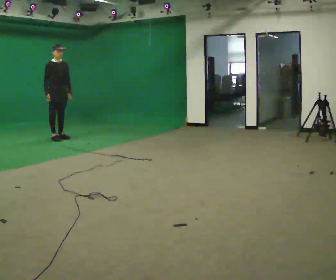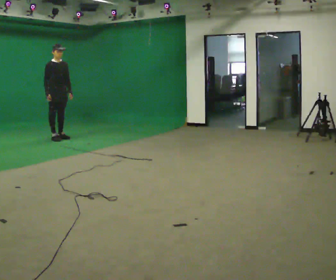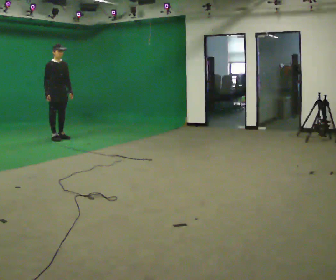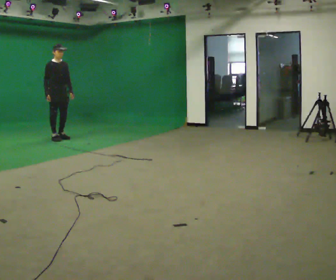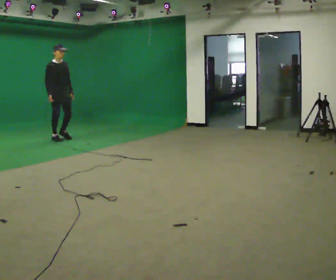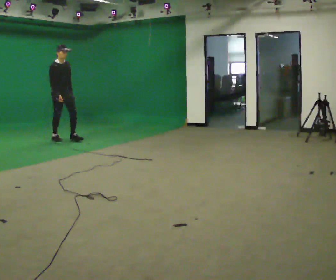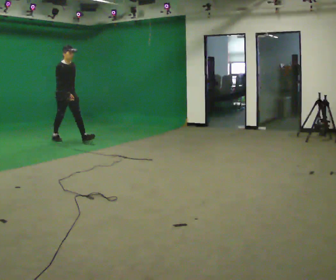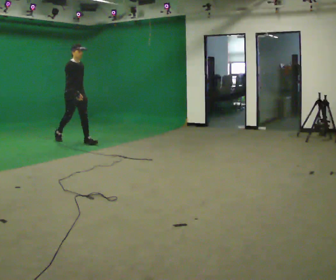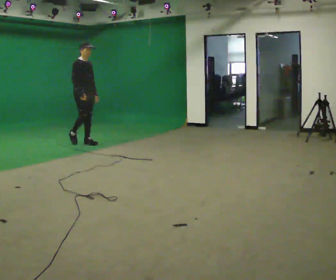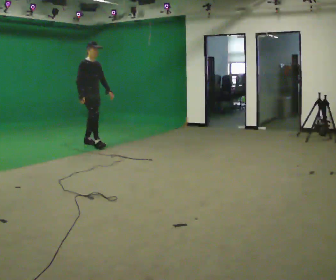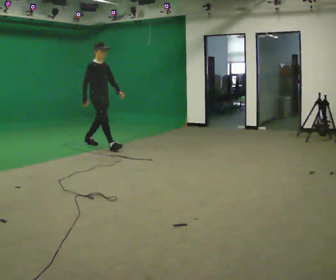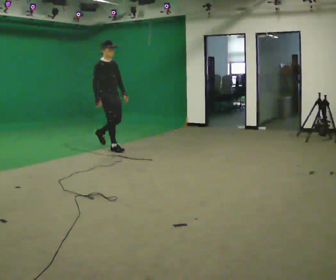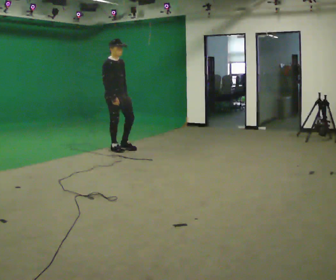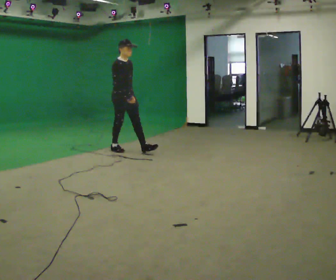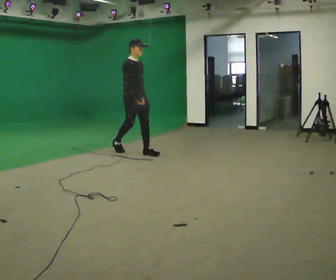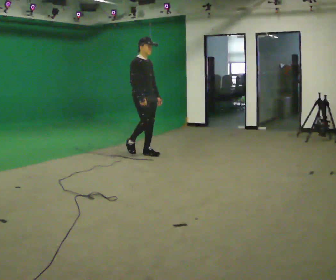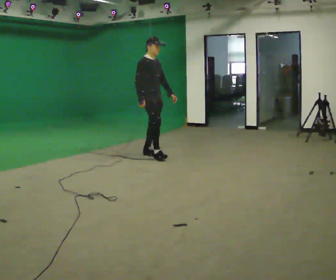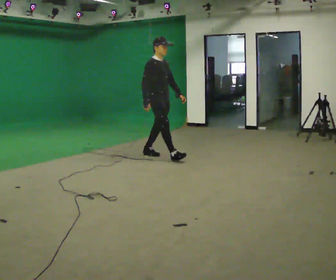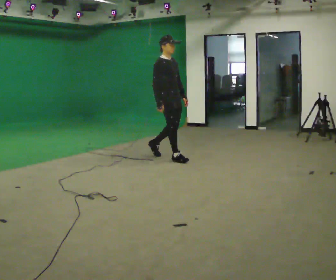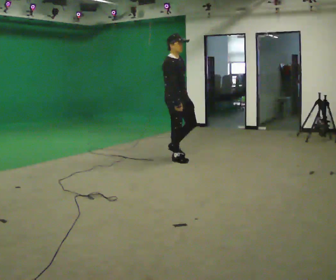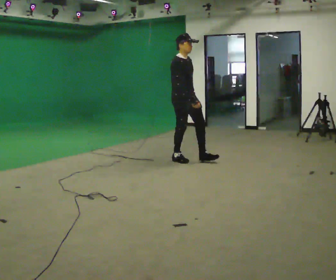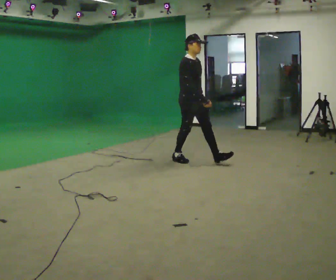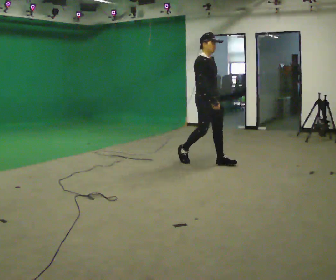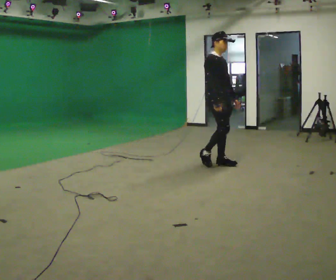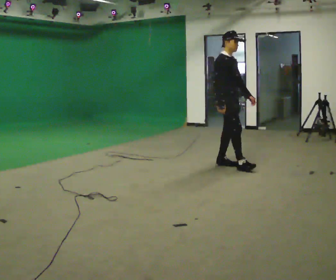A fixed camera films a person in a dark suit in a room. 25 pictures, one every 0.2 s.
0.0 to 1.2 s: In the picture they go toward the camera and to the right, about 0.25 m, which for them is forward.
1.2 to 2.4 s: In the picture they go to the right and toward the camera, about 1 m in 2 steps, which for them is forward.
2.4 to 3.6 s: In the picture they go to the right and toward the camera, about 1 m in 2 steps, which for them is forward.
3.6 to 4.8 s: In the picture they go to the right and toward the camera, about 1 m in 1 step, which for them is forward.
The film runs forward here.
